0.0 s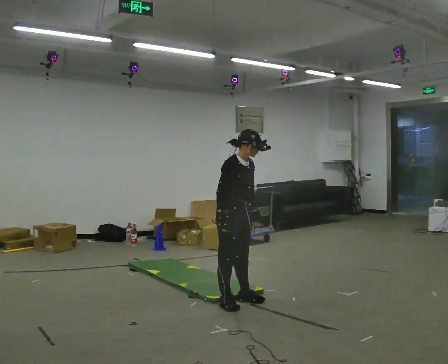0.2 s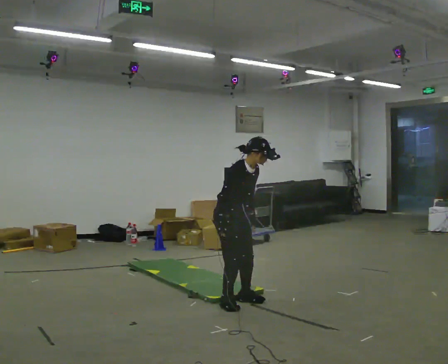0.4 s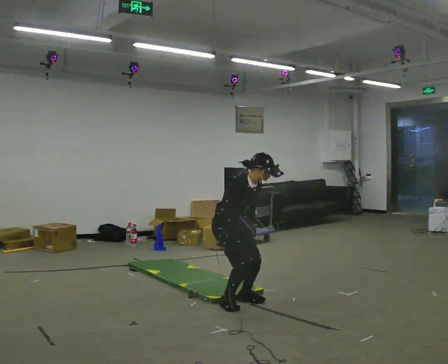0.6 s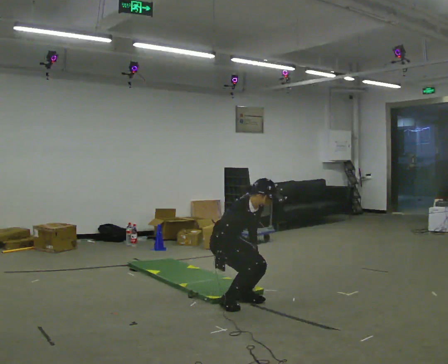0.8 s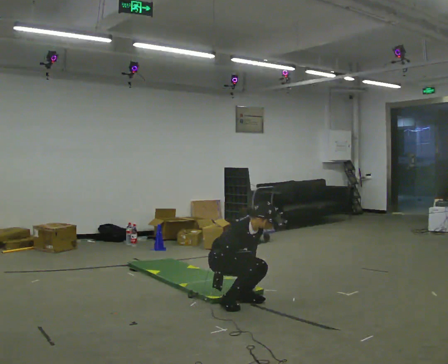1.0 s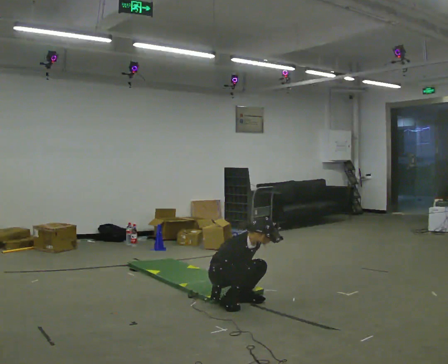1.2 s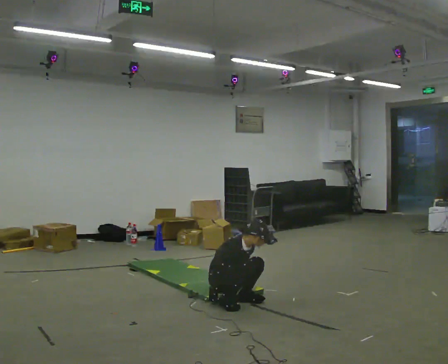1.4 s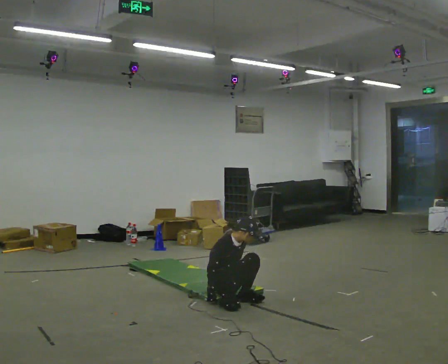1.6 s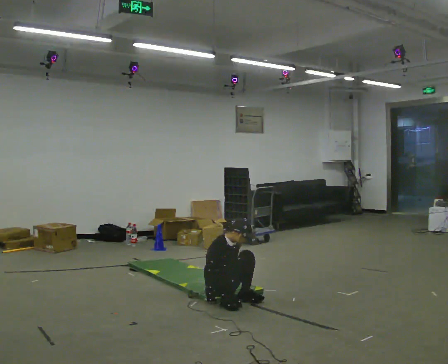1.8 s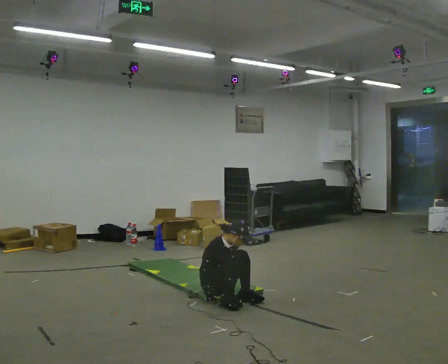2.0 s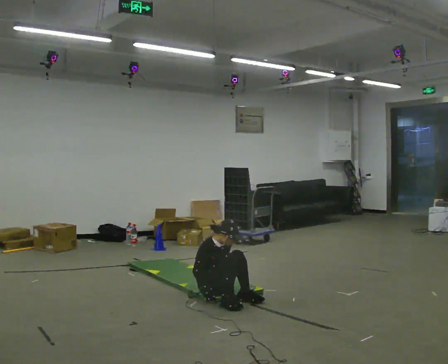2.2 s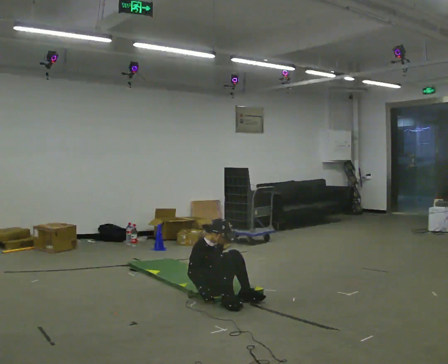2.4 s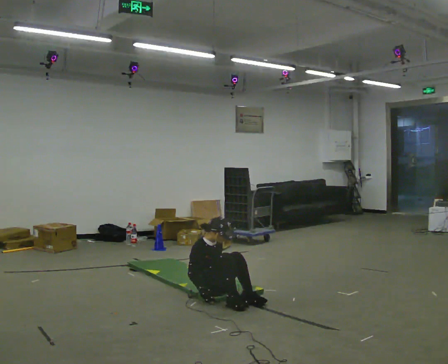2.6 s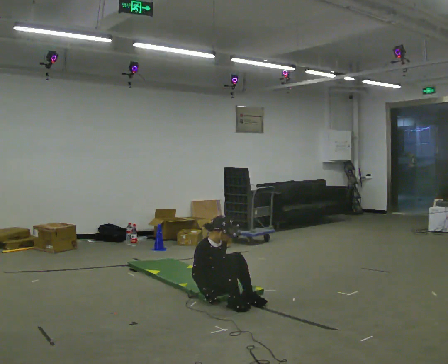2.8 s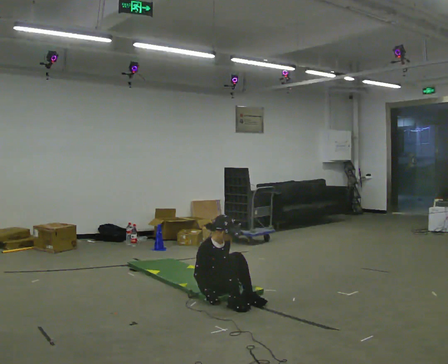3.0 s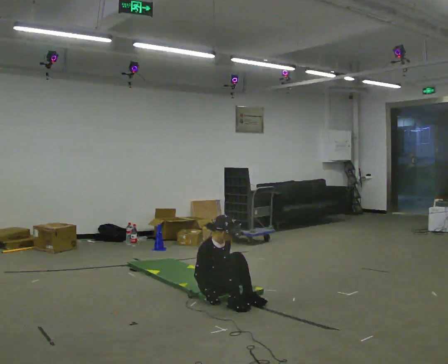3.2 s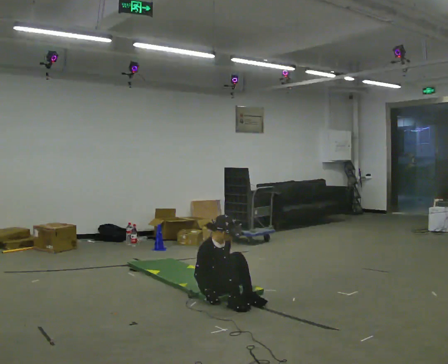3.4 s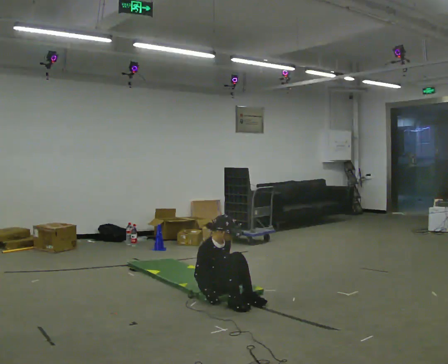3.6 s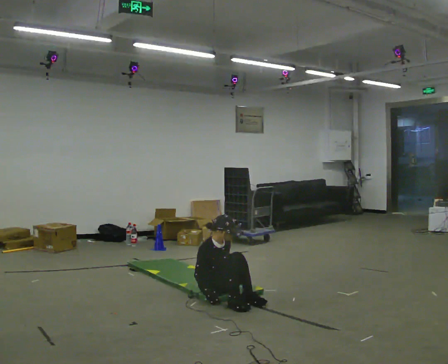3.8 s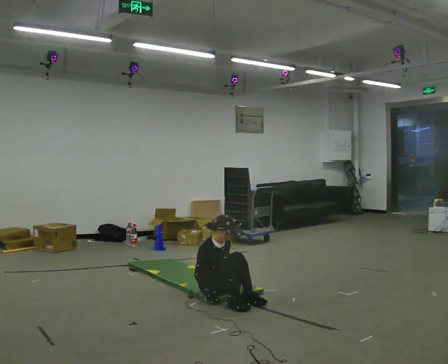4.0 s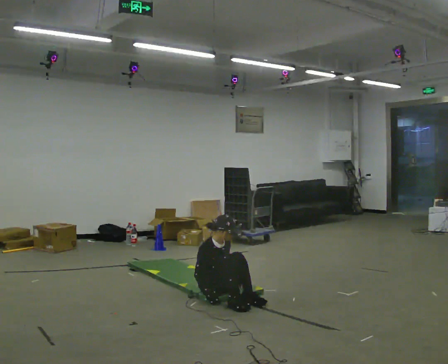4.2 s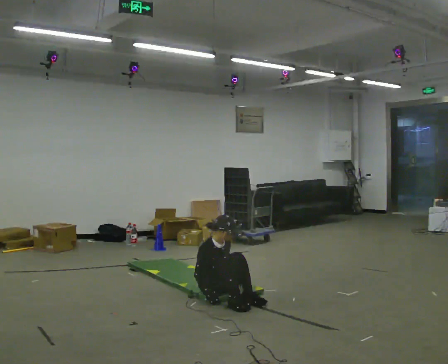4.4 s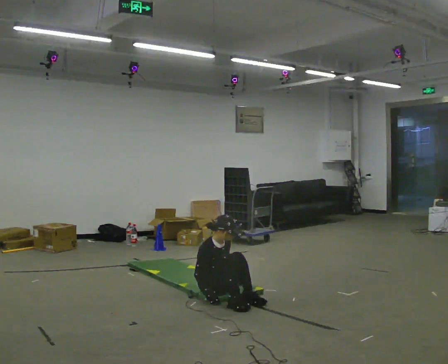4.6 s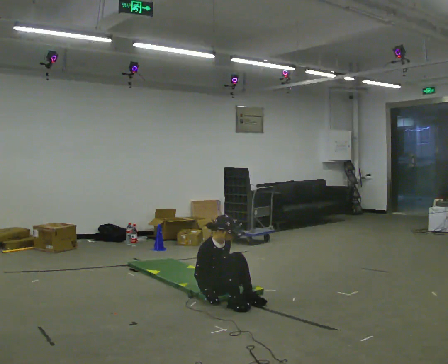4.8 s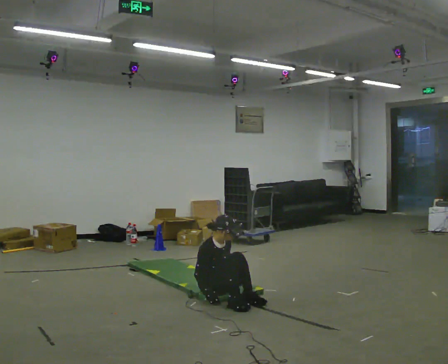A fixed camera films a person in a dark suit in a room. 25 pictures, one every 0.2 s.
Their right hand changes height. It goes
downward.
The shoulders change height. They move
downward.
0.0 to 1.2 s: The upper body goes downward. In the picture their left hand goes downward.
1.2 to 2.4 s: In the picture the upper body tilts counterclockwise, shoulders to the left, as they lean back or straighten.
2.4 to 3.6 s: The person moves a little, or ends about where they began.
3.6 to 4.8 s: The person keeps their place and pose.
The film runs backward here.
